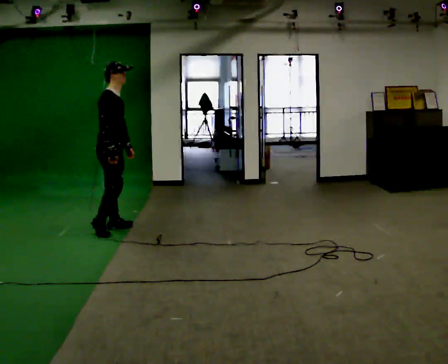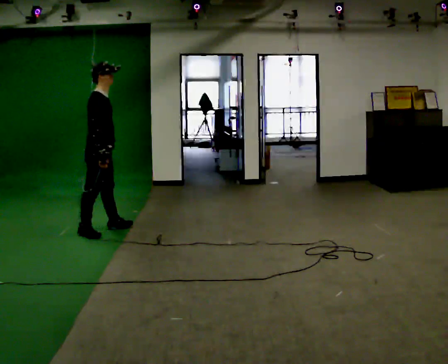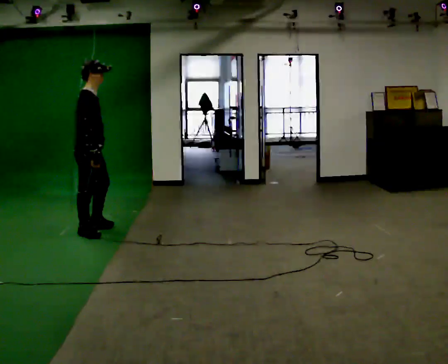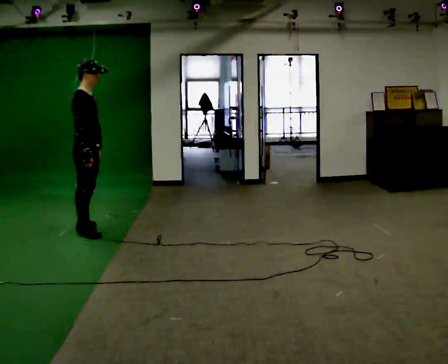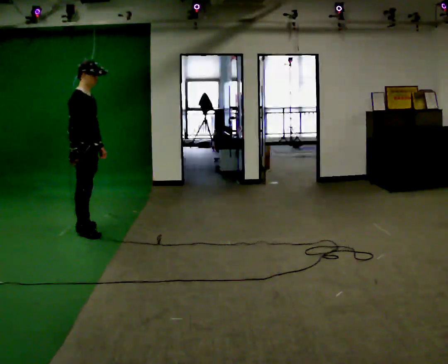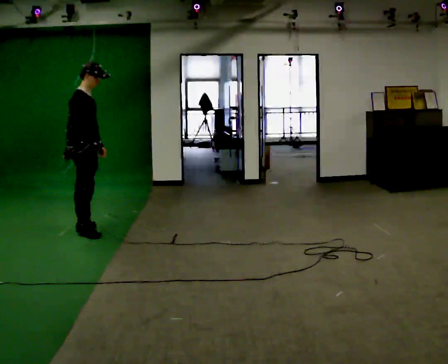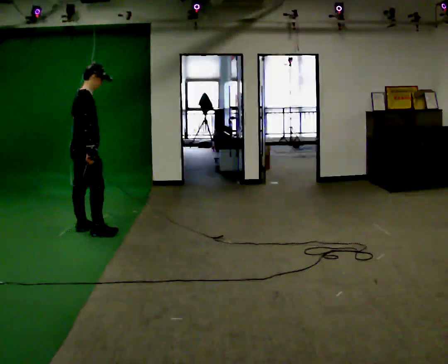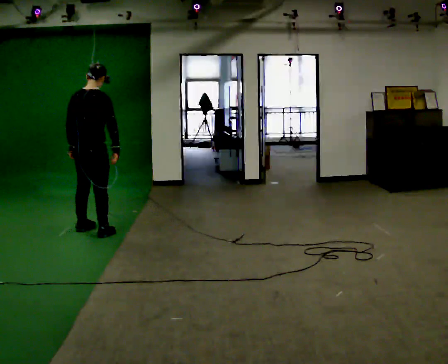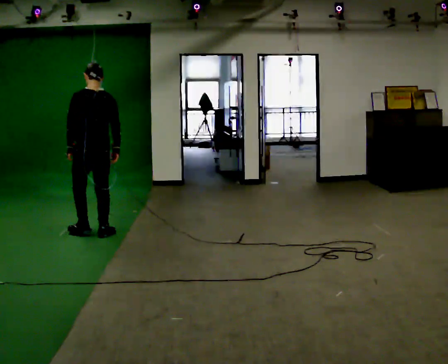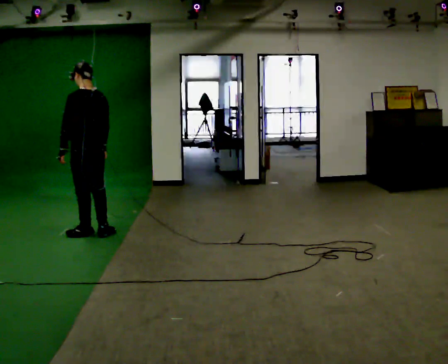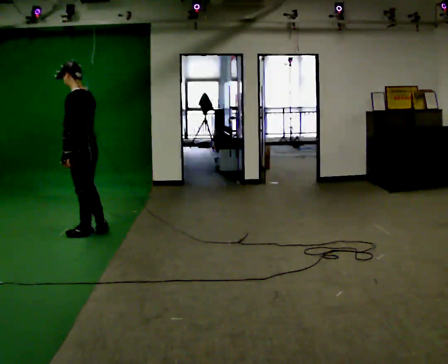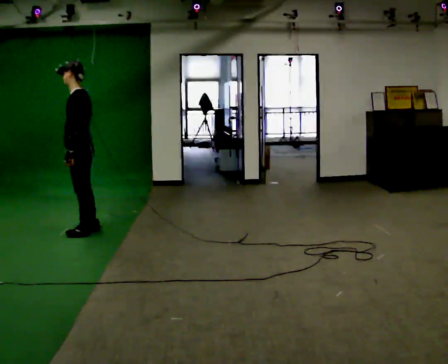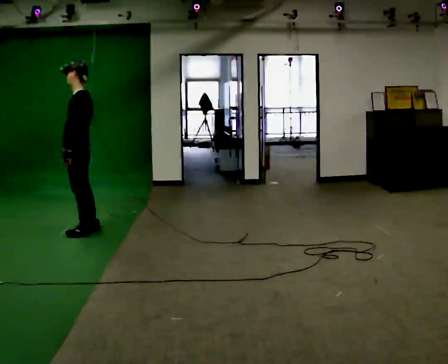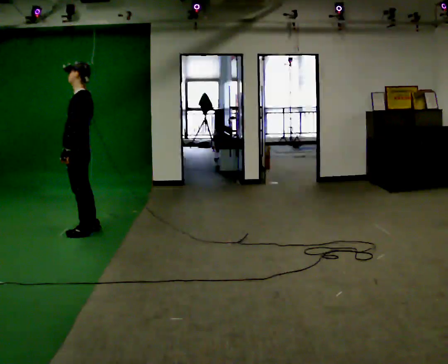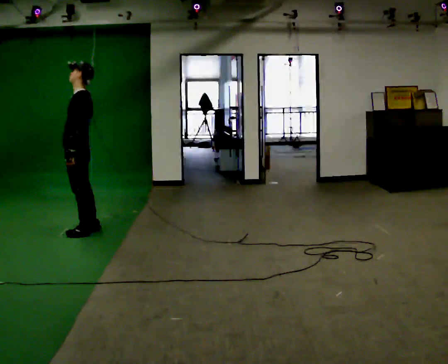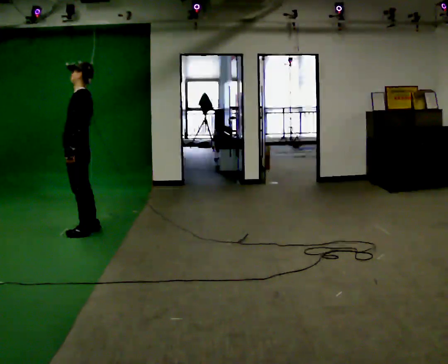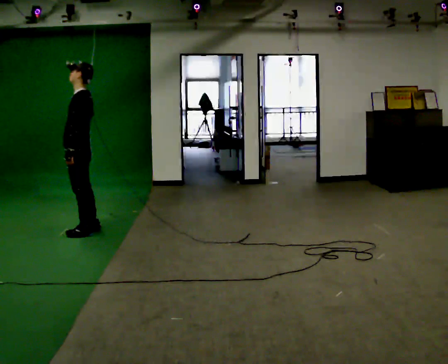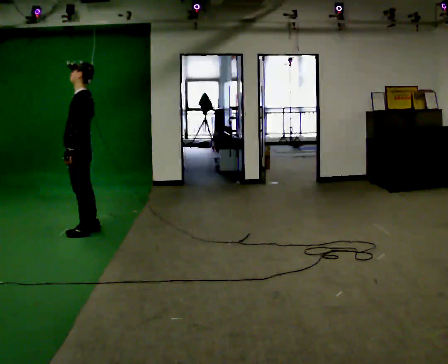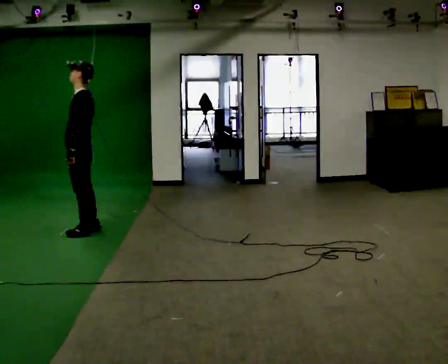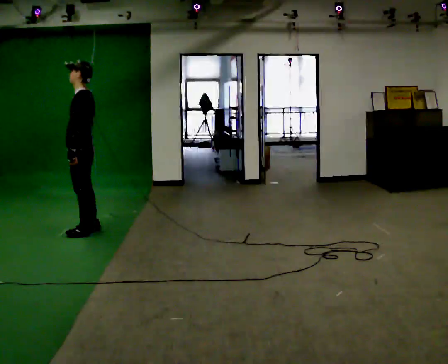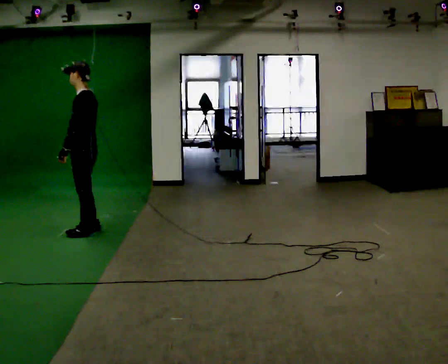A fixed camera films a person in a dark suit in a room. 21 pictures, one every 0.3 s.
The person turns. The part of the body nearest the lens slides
to the right.
The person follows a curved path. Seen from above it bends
counterclockwise.
0.0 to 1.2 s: In the picture they go to the left, about 0.25 m in 1 step, which for them is backward.
1.2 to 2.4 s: The person turns about 120 degrees to their left, counterclockwise seen from above, so the part of the body nearest the lens slides to the right. In the picture their right hand goes to the right.
2.4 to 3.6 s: The person turns about 75 degrees to their left, counterclockwise seen from above, so the part of the body nearest the lens slides to the right. In the picture their right hand goes to the left.
3.6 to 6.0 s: The person moves a little, or ends about where they began.
The film runs backward here.
